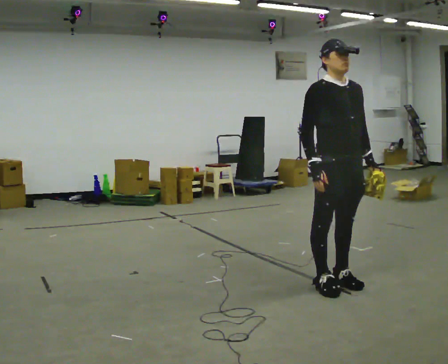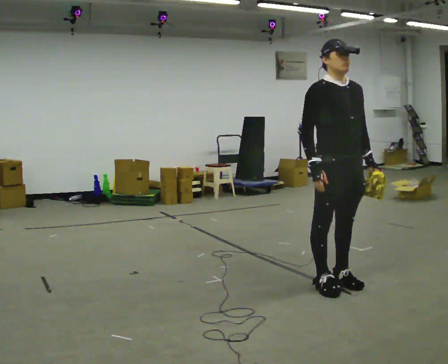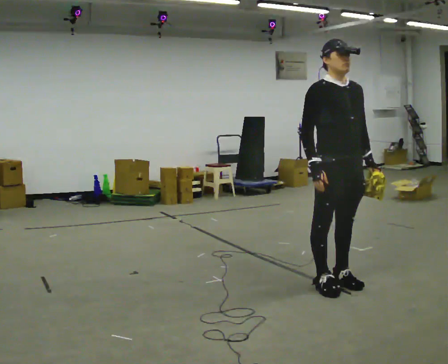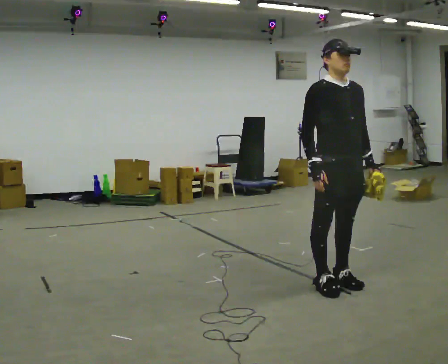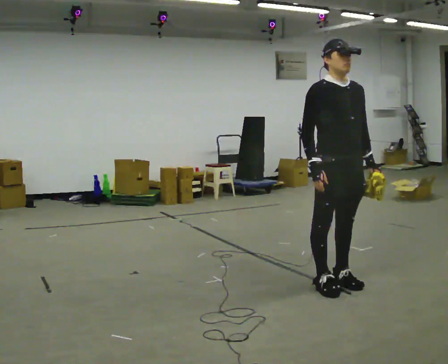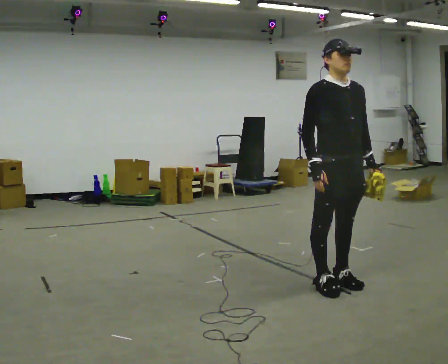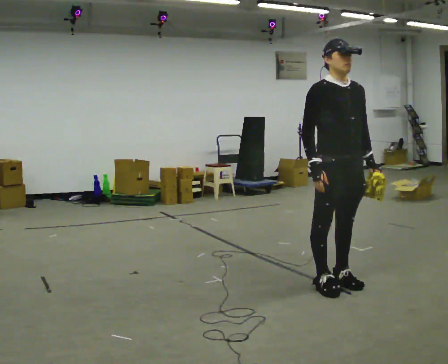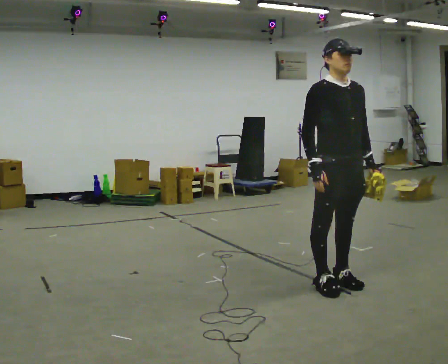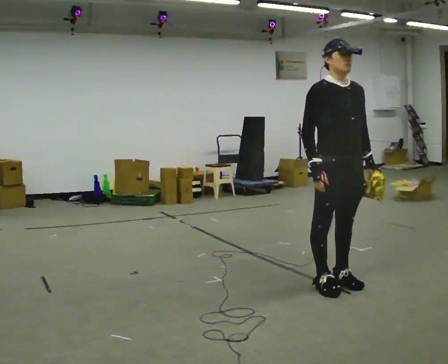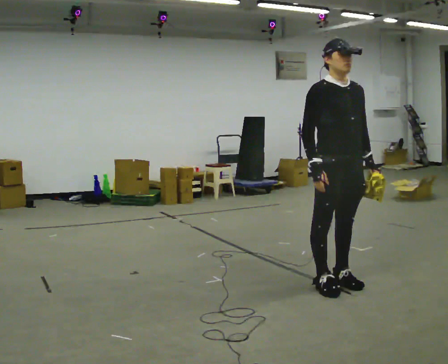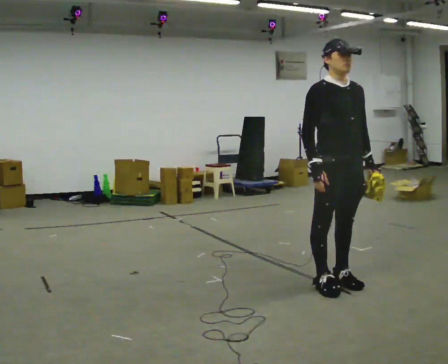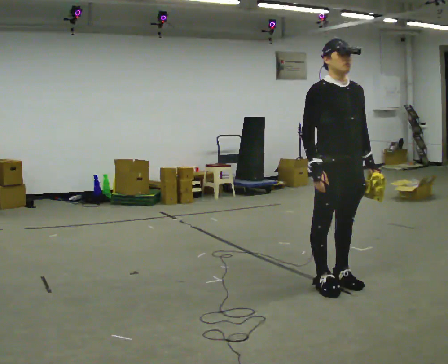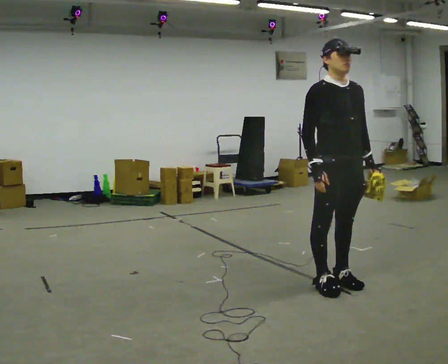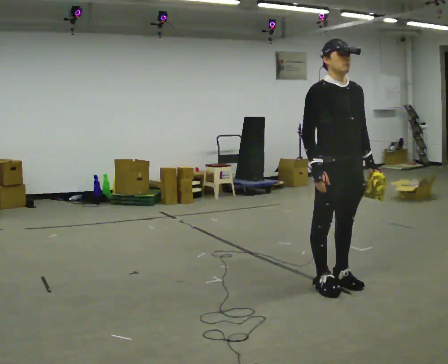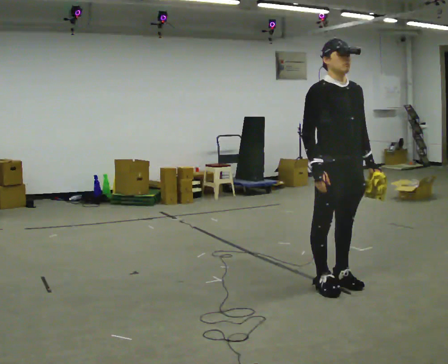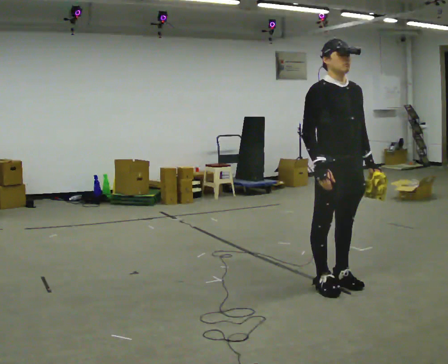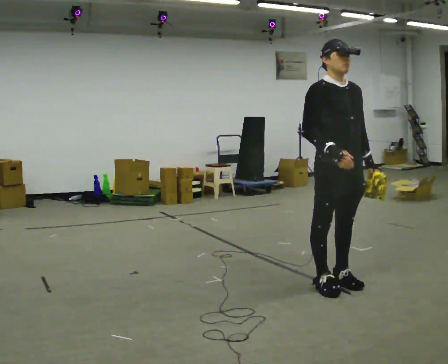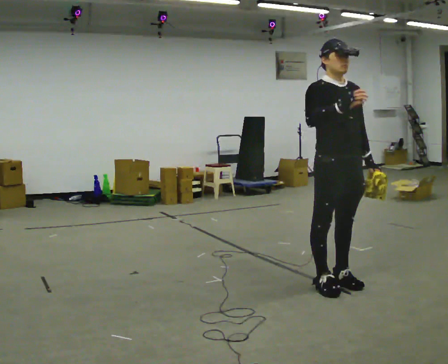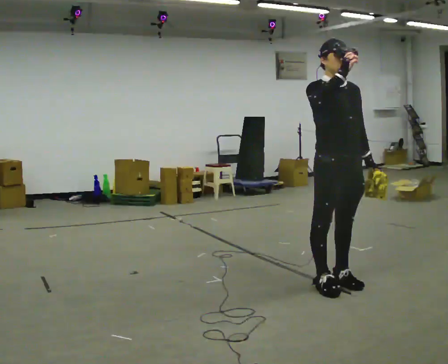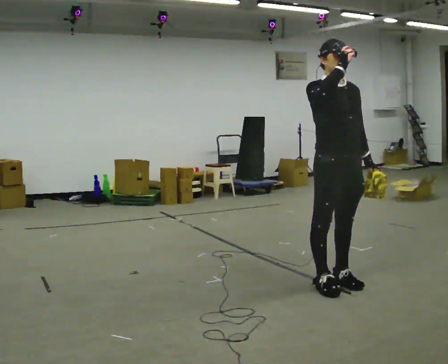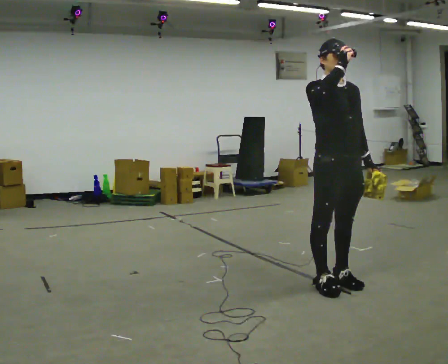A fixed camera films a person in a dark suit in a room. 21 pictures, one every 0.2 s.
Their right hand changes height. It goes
upward.
0.0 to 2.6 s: The person keeps their place and pose.
2.6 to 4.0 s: In the picture their right hand goes upward.
The film runs forward here.
